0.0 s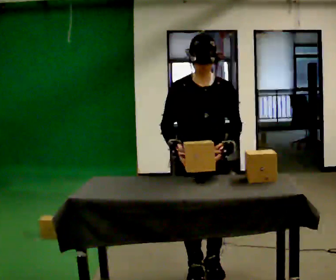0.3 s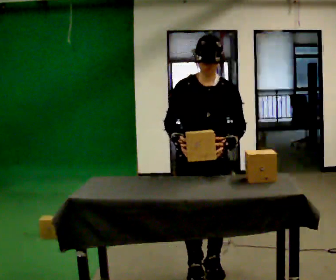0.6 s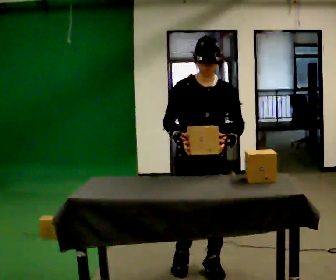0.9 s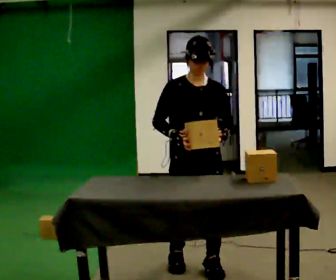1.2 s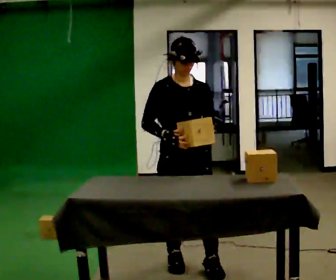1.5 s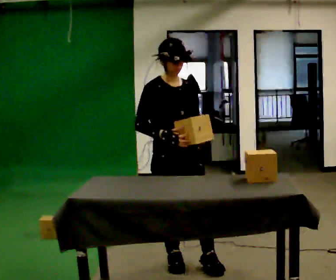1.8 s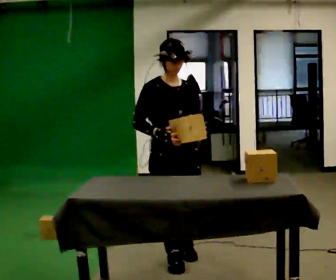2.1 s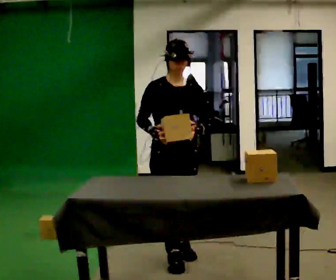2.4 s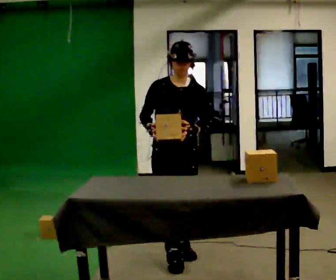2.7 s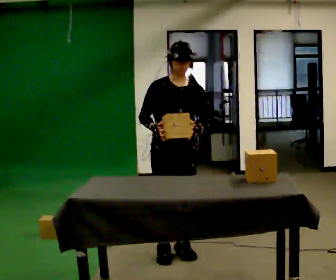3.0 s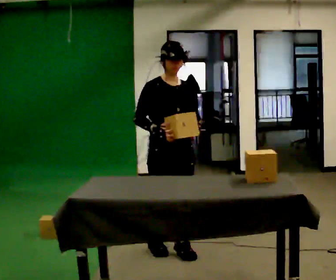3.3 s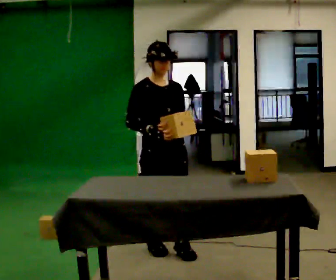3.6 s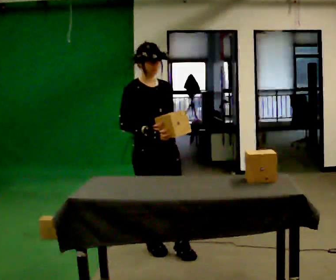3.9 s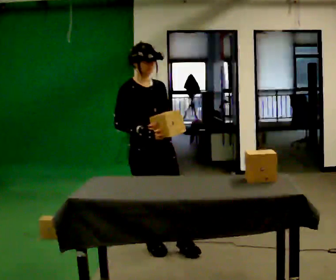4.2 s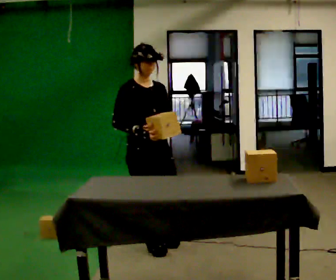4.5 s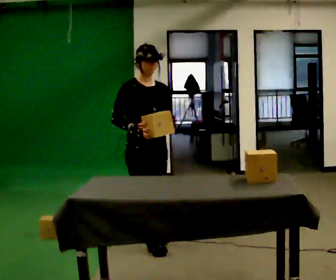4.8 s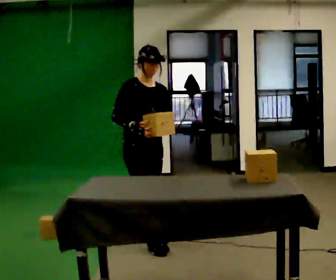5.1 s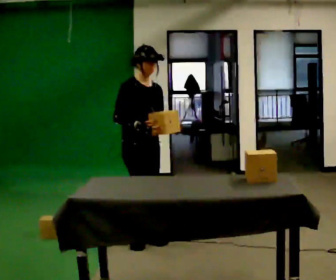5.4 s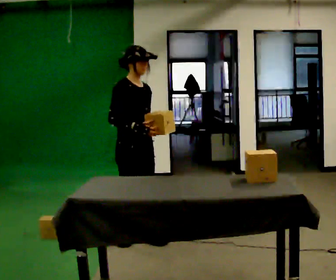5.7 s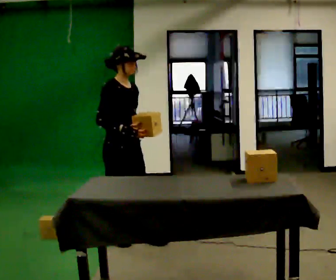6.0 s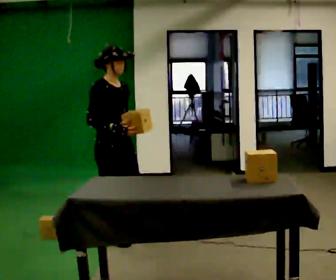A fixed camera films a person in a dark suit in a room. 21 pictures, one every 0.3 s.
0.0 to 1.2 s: In the picture they go away from the camera, about 0.25 m in 1 step, which for them is backward.
1.2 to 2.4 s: In the picture they go away from the camera, about 0.25 m in 1 step, which for them is backward.
2.4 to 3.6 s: In the picture they go to the left, about 0.25 m in 1 step, which for them is backward.
3.6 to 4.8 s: In the picture they go away from the camera, about 0.25 m in 1 step, which for them is backward.
4.8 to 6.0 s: The part of the body nearest the lens slides to the right as the person turns to their left by about 30 degrees. In the picture they go to the left, about 0.25 m in 2 steps, which for them is backward.
The film runs backward here.
